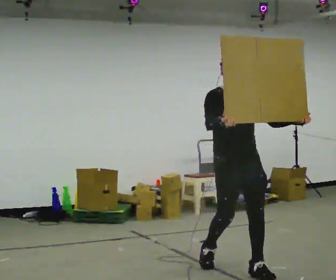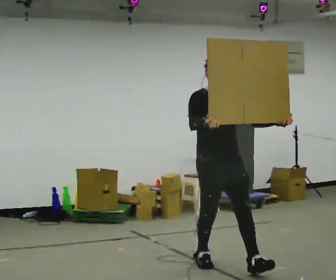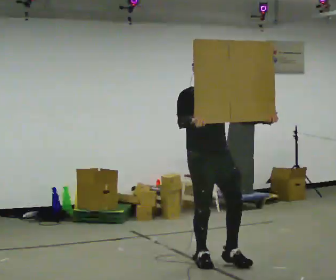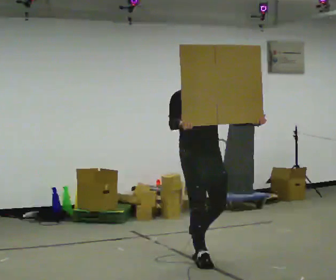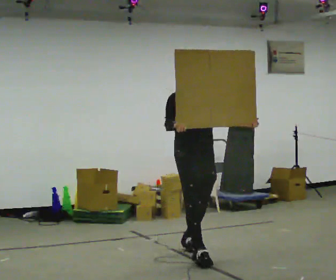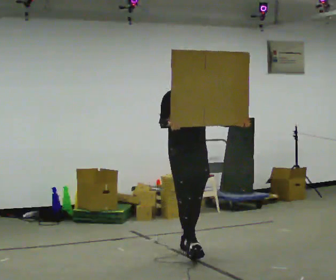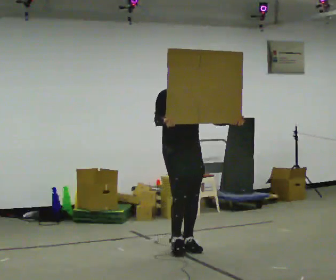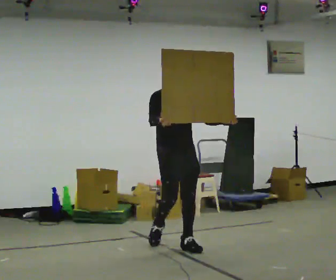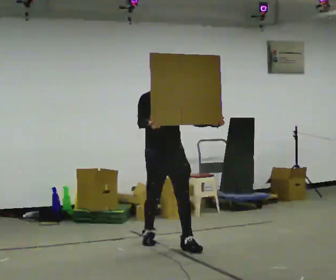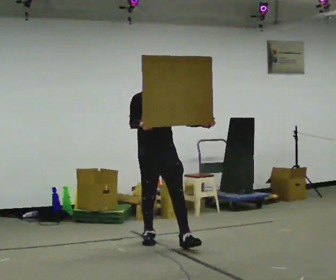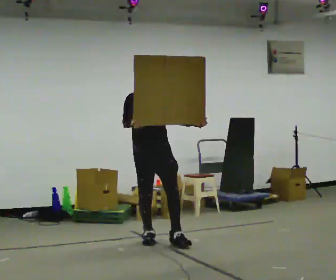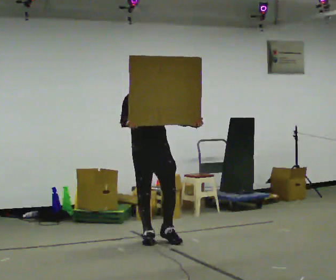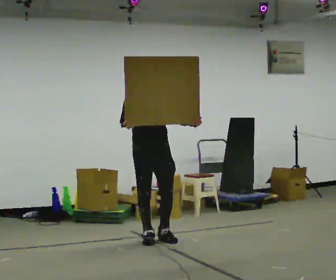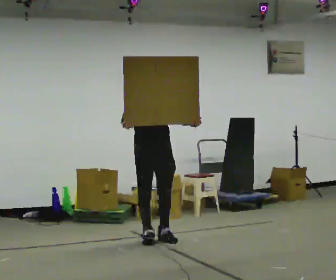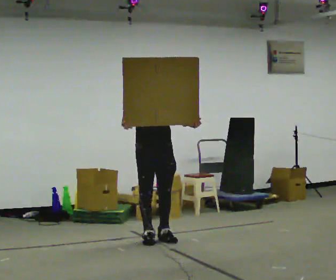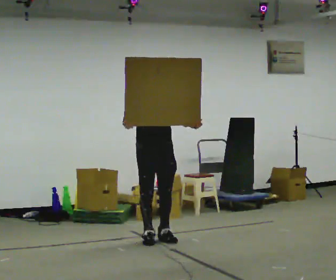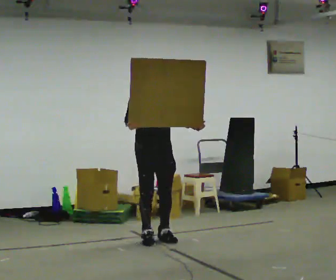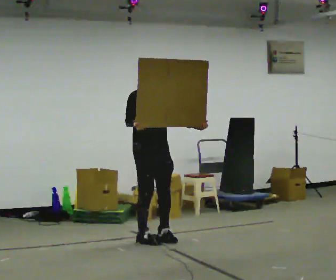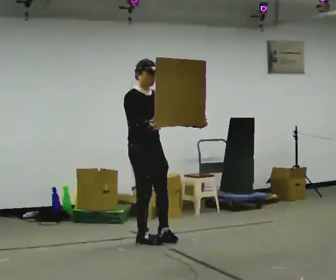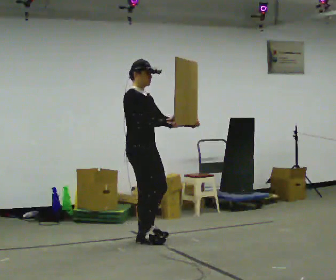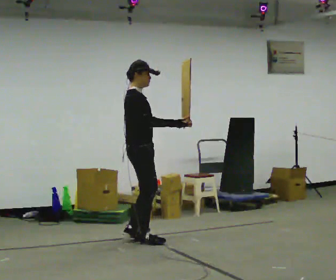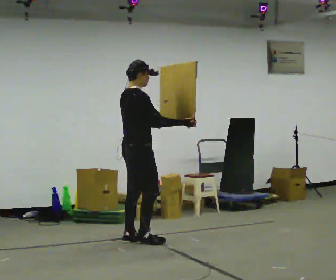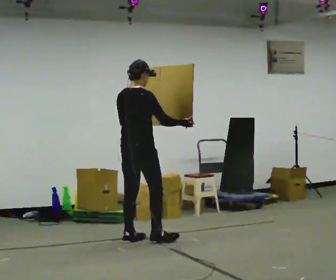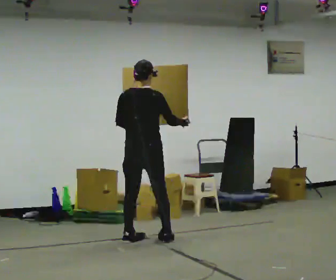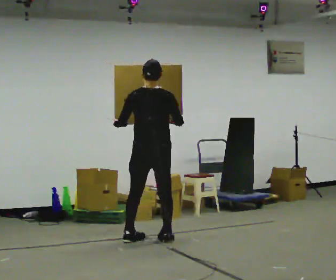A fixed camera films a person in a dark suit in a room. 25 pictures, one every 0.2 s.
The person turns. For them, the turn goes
to their left.
The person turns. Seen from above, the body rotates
counterclockwise.
0.0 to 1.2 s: In the picture they go away from the camera and to the left, about 1 m in 2 steps, which for them is backward.
1.2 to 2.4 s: In the picture they go away from the camera and to the left, about 0.5 m in 1 step, which for them is backward.
2.4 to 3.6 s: The person turns about 30 degrees to their left, counterclockwise seen from above, so the part of the body nearest the lens slides to the right.
3.6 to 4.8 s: The person turns about 135 degrees to their left, counterclockwise seen from above, so the part of the body nearest the lens slides to the right. In the picture their left hand goes to the left.
The film runs backward here.
